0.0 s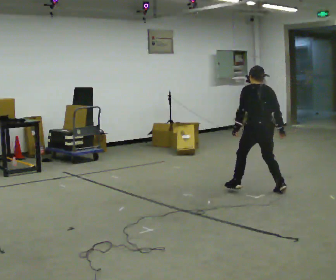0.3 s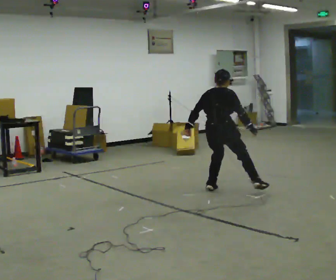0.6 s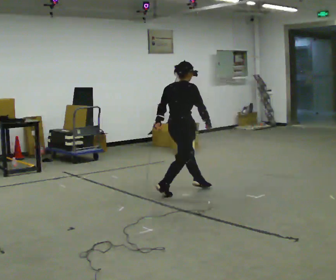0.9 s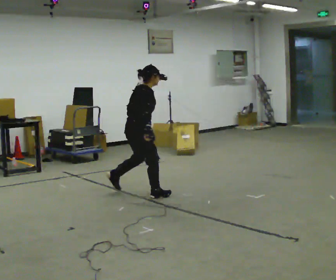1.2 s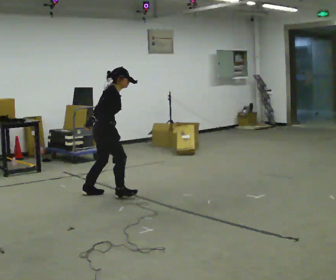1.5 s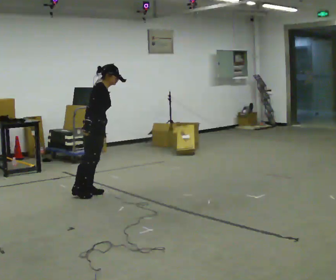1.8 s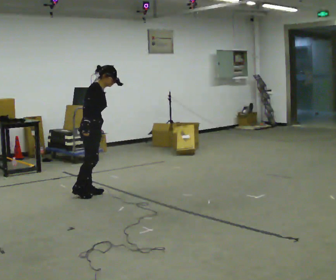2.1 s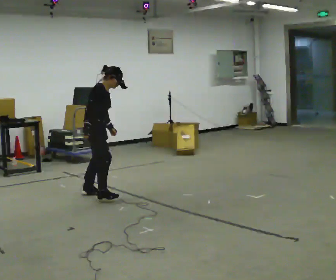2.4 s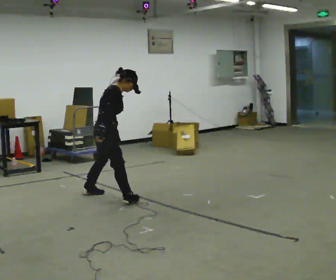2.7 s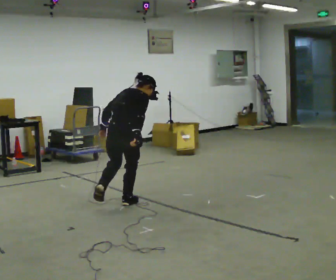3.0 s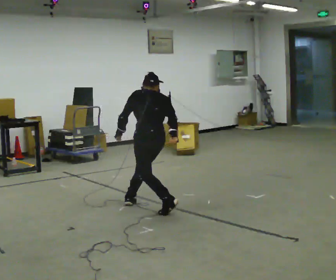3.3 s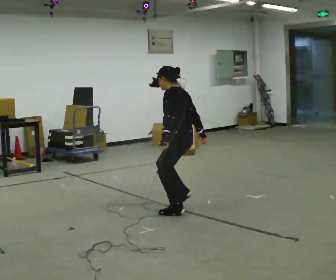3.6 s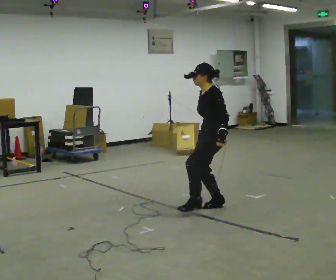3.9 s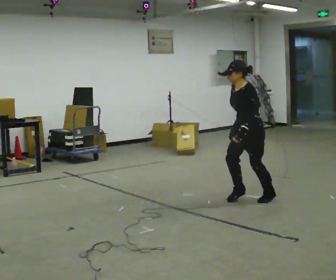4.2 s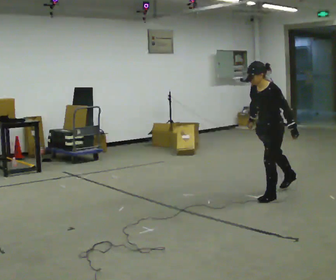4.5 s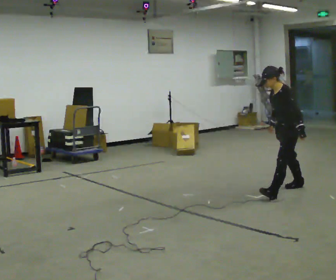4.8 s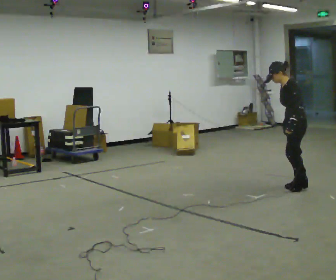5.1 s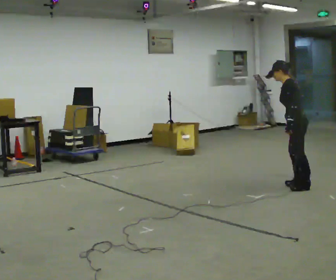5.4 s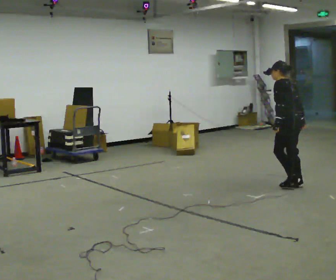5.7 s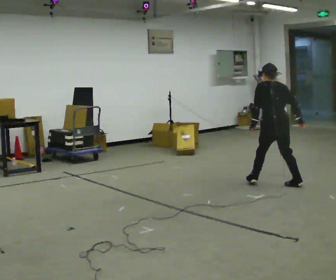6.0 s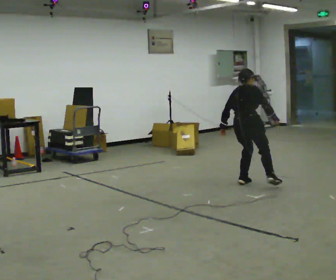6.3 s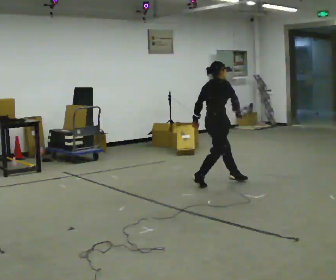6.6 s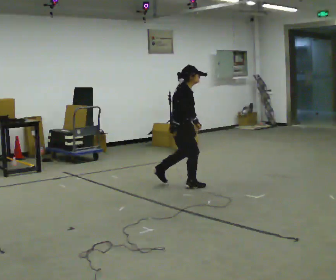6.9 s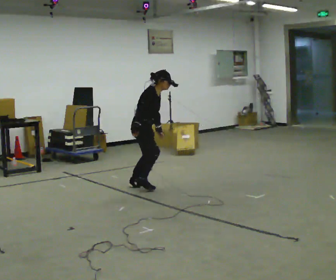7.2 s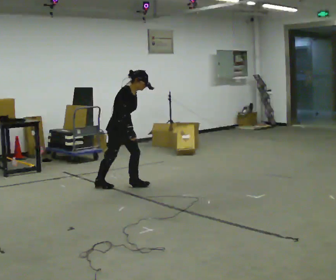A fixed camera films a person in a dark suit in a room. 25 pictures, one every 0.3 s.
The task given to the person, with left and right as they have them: Move around the room freely as if avoiding someone: change speed and direction whenever you like. Keep moving until the operator says stop.
0.0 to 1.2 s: Seen from above the body turns clockwise, about 90 degrees: to their right, with its near side sliding to the left. In the picture they go to the left, about 1.5 m in 3 steps. In the picture the upper body tilts clockwise, shoulders to the right.
1.2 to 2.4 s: In the picture they go toward the camera, about 0.25 m in 2 steps, which for them is to their right.
2.4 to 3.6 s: Seen from above the body turns counterclockwise, about 165 degrees: to their left, with its near side sliding to the right. In the picture they go to the right, about 1 m in 2 steps.
3.6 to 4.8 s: In the picture they go to the right and away from the camera, about 1 m in 2 steps, which for them is backward.
4.8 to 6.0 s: Seen from above the body turns clockwise, about 135 degrees: to their right, with its near side sliding to the left. In the picture they go to the left, about 0.75 m in 2 steps. The upper body tips away from the camera, its near side rolling upward.
6.0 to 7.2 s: The person turns about 60 degrees to their right, clockwise seen from above, so the part of the body nearest the lens slides to the left. In the picture they go to the left, about 1.5 m in 3 steps. The upper body tips toward the camera, its near side rolling downward.
The film runs forward here.
